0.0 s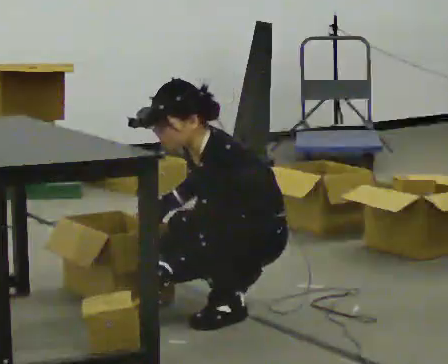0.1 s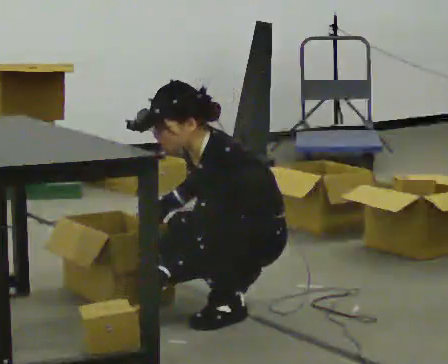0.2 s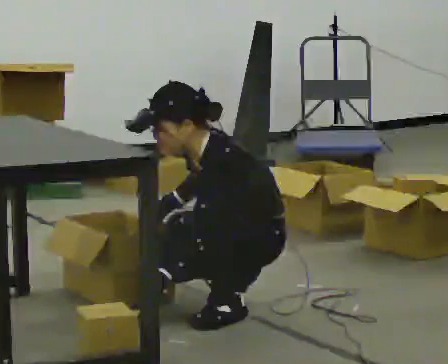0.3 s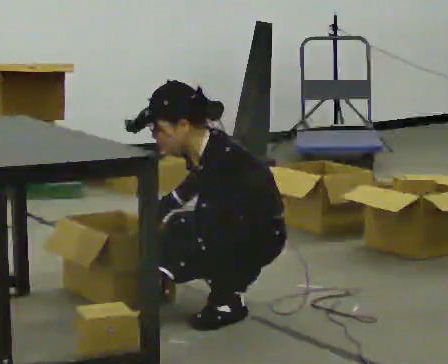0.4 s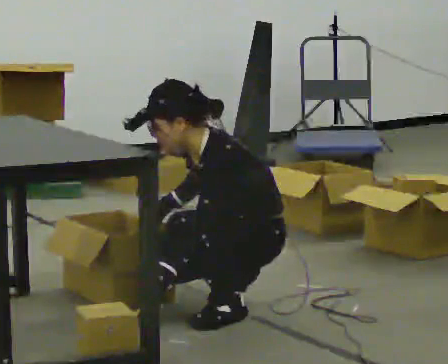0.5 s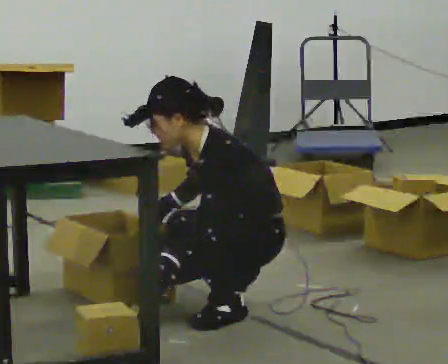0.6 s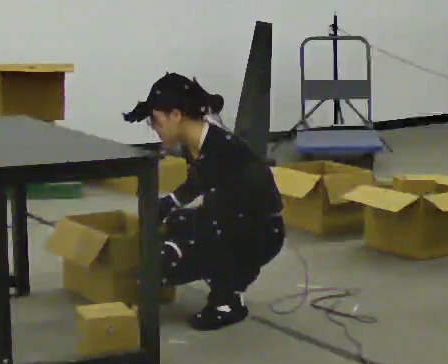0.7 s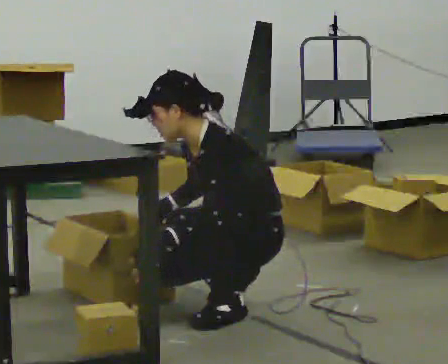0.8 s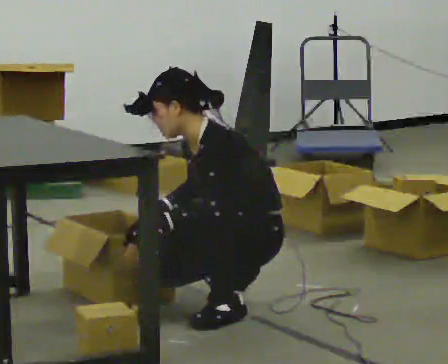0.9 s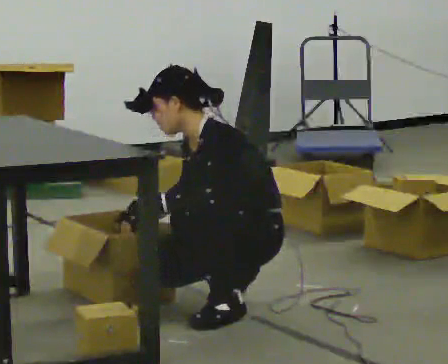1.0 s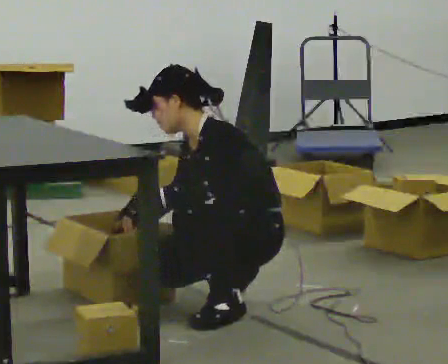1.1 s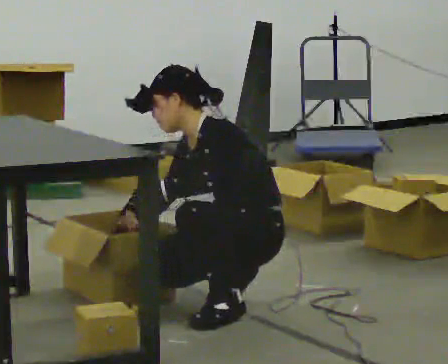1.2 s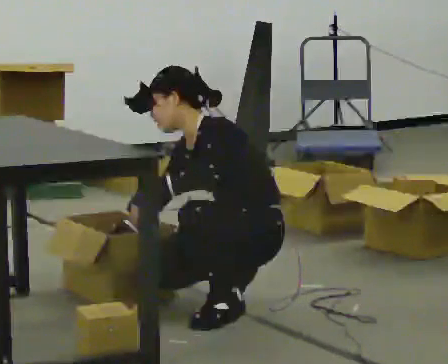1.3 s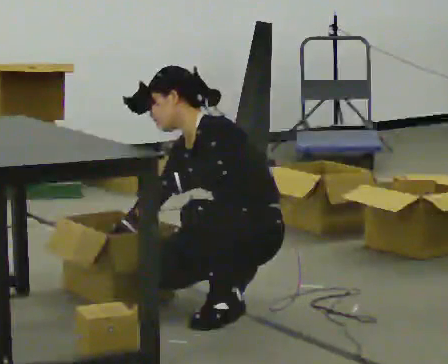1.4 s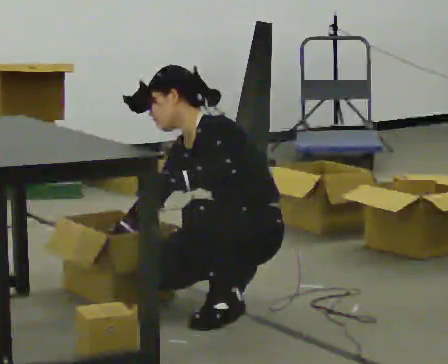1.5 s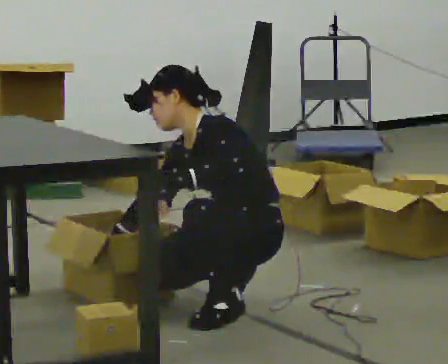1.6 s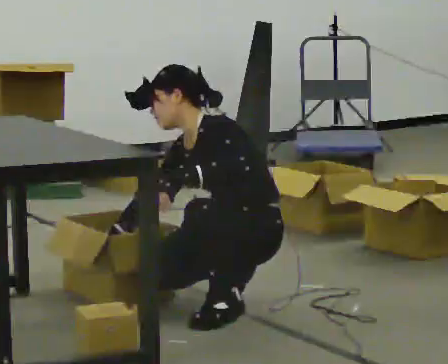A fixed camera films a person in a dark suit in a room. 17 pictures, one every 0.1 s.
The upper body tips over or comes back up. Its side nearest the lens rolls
upward.
0.0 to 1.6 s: The upper body tips away from the camera, its near side rolling upward, as they lean back or straighten.
The film runs forward here.
